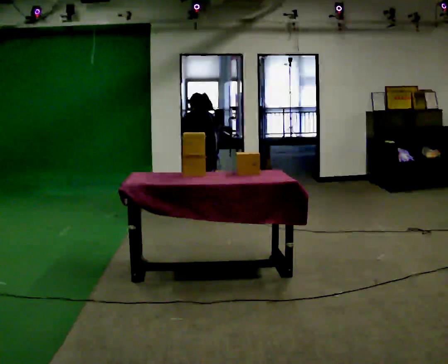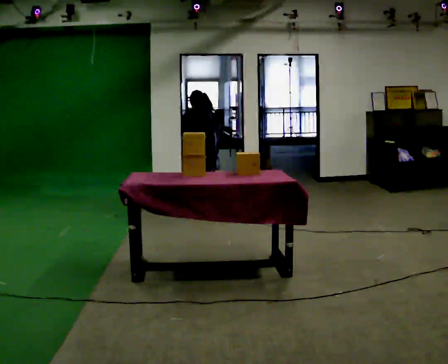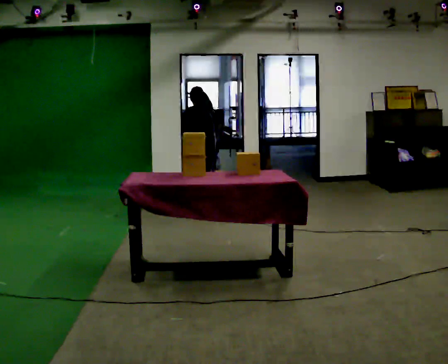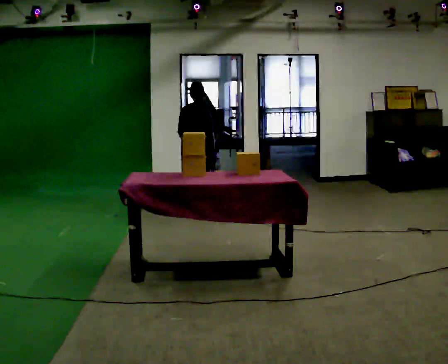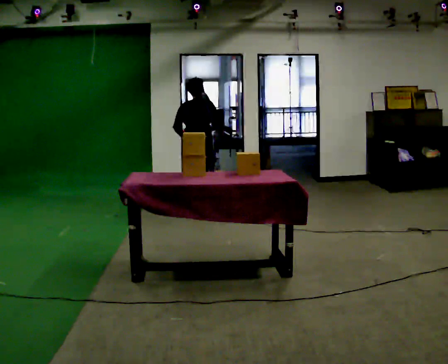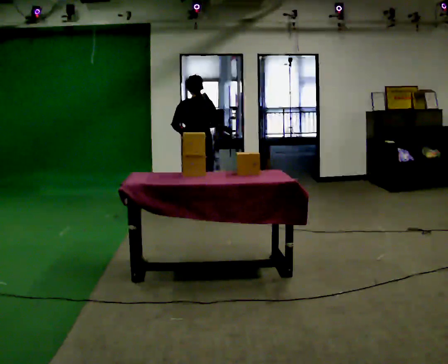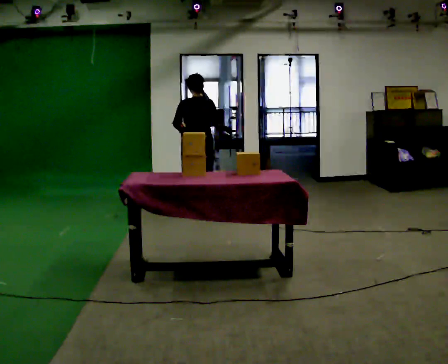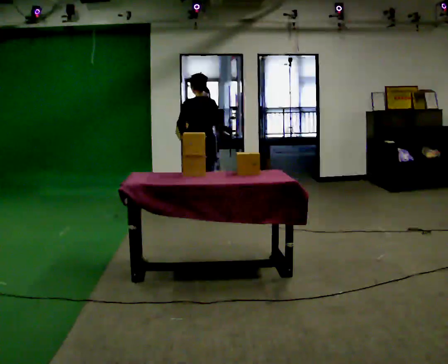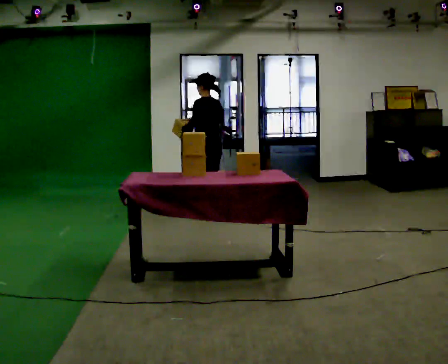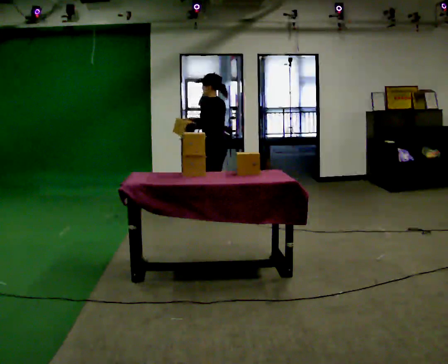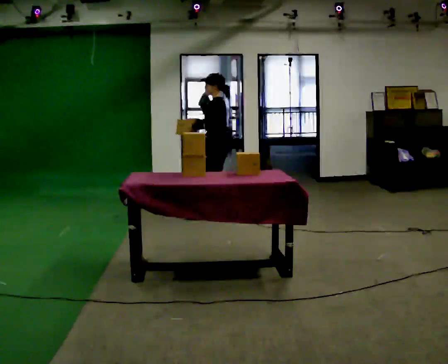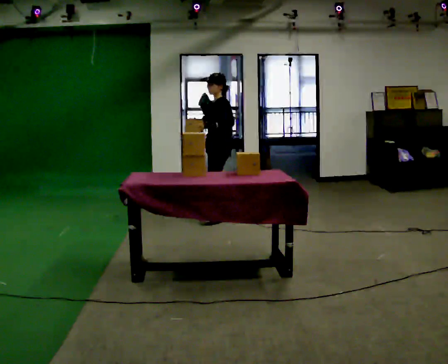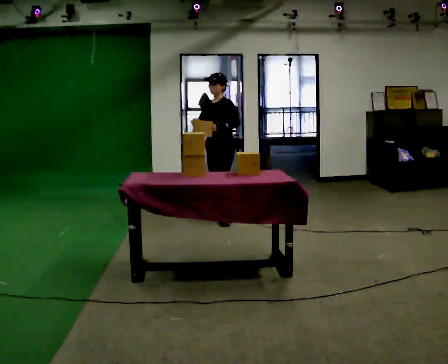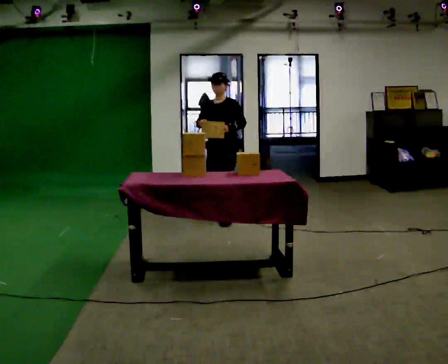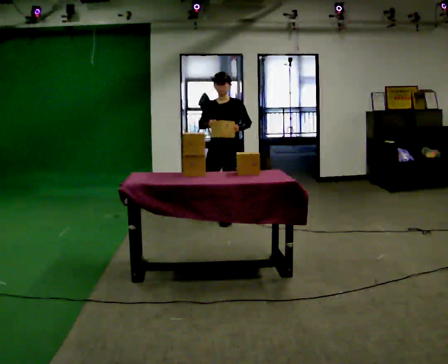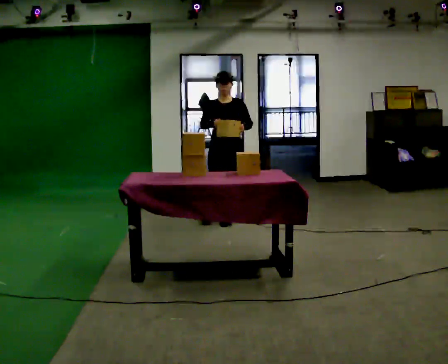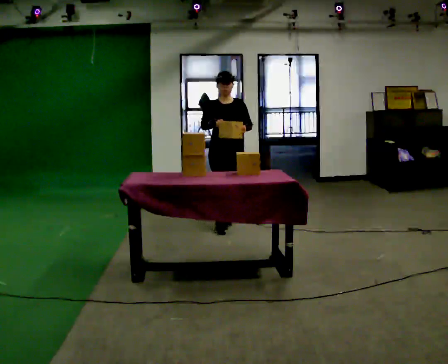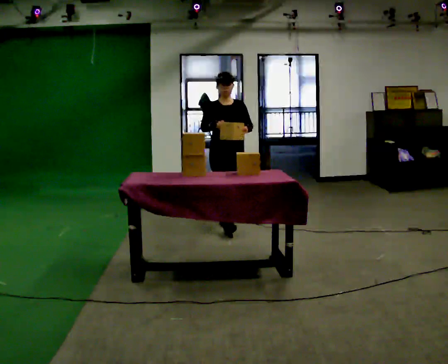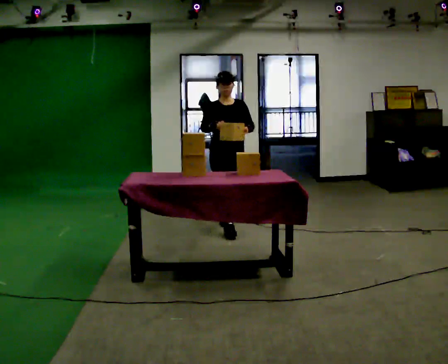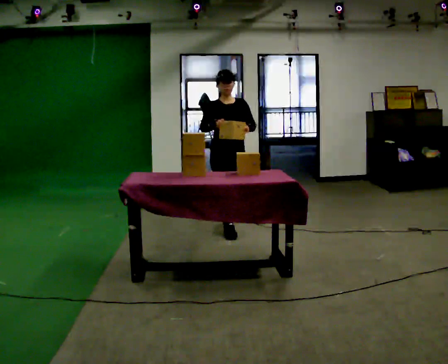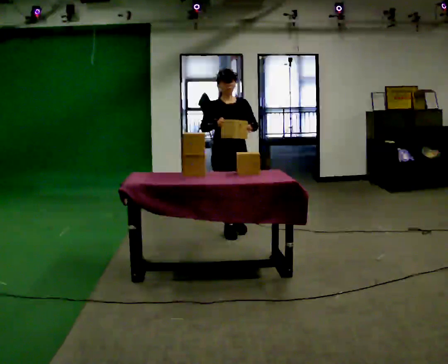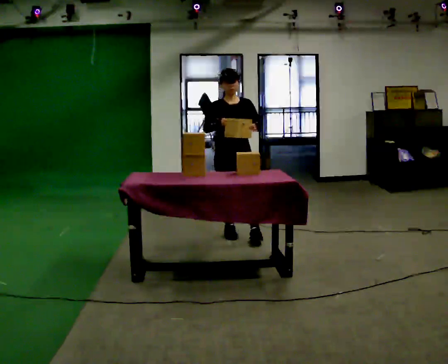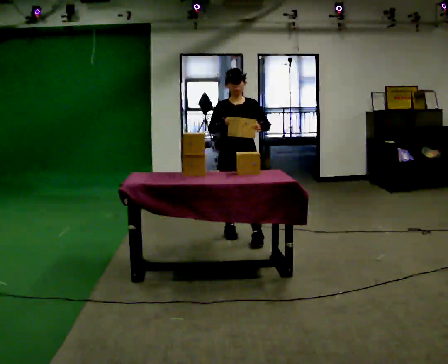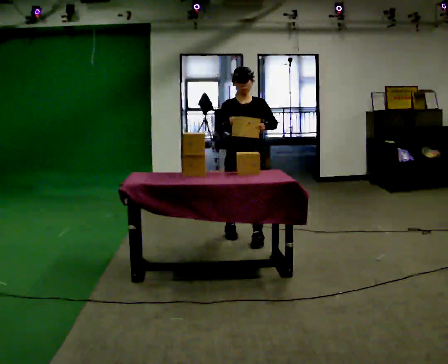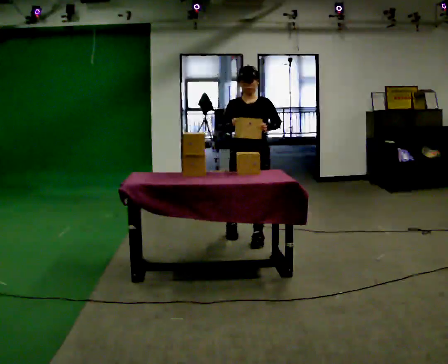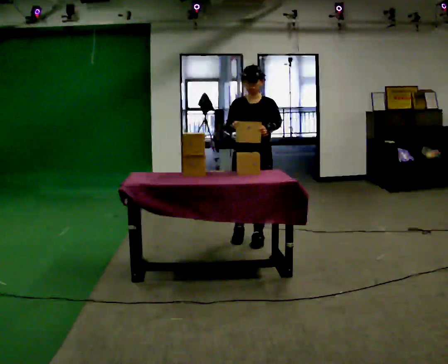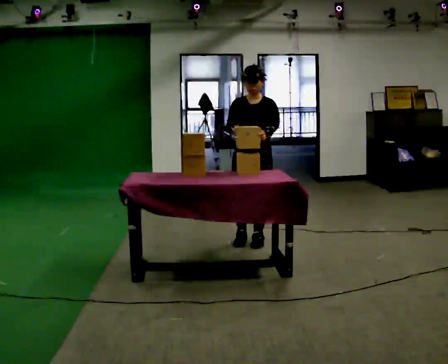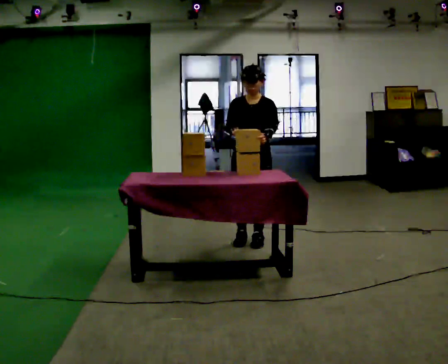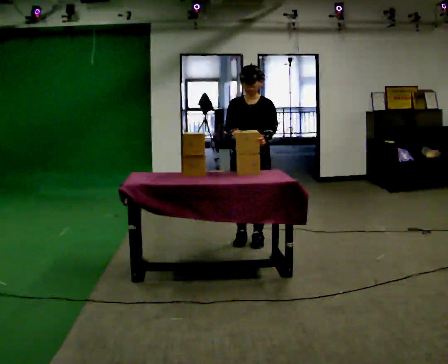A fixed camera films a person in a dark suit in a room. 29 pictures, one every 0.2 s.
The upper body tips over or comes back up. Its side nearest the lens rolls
downward.
The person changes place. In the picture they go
toward the camera.
0.0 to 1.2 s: The upper body goes upward. The upper body tips toward the camera, its near side rolling downward, as they lean back or straighten. In the picture their right hand goes upward.
1.2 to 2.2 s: Seen from above the body turns counterclockwise, about 90 degrees: to their left, with its near side sliding to the right. In the picture they go to the right, about 0.25 m in 1 step. In the picture their left hand goes to the right.
2.2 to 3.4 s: Seen from above the body turns counterclockwise, about 90 degrees: to their left, with its near side sliding to the right. In the picture they go toward the camera, about 0.5 m in 2 steps.
3.4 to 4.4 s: In the picture they go toward the camera, about 0.5 m in 1 step, which for them is forward.
4.4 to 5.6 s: In the picture they go toward the camera, about 0.25 m in 1 step, which for them is forward and to their left.
The film runs forward here.
